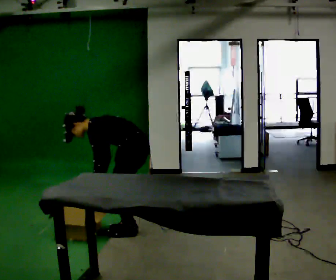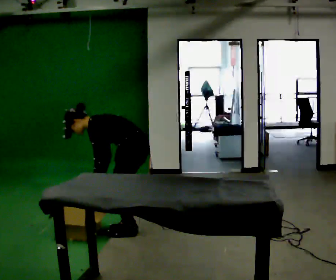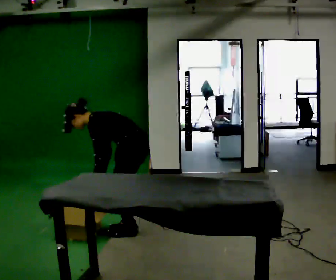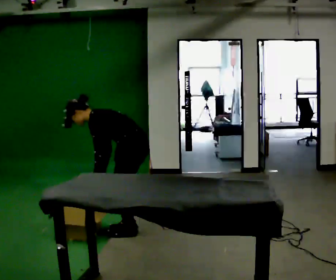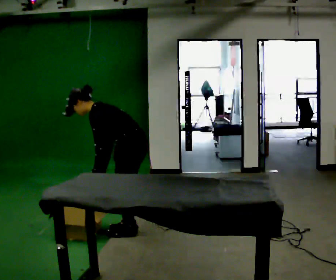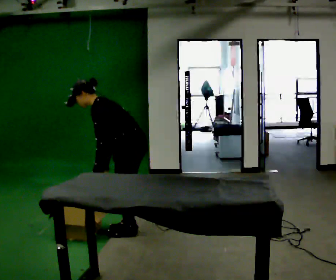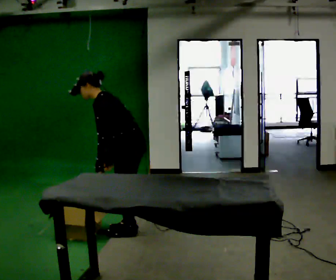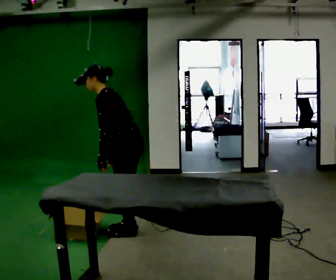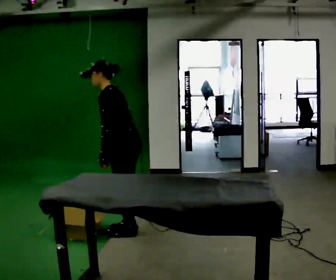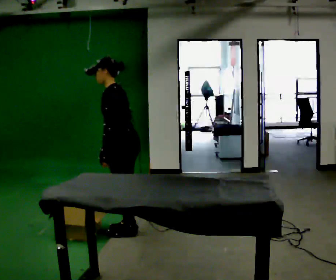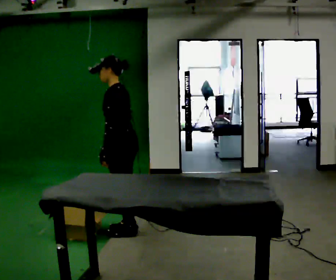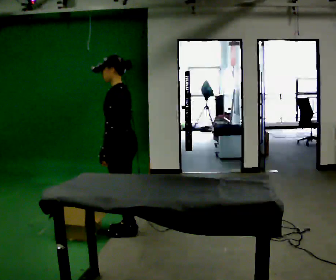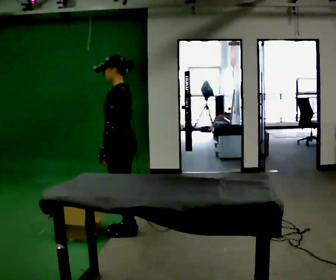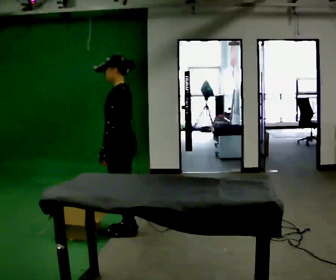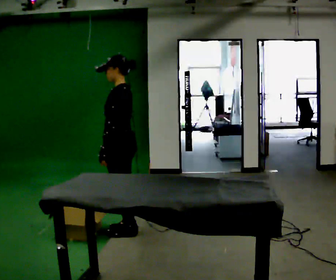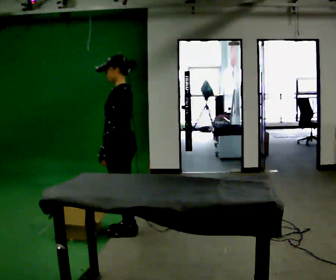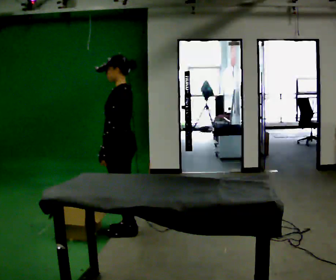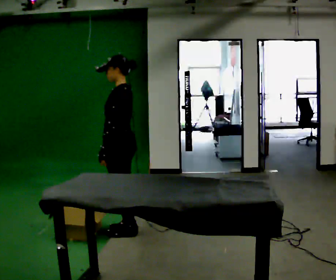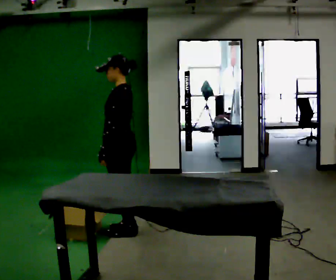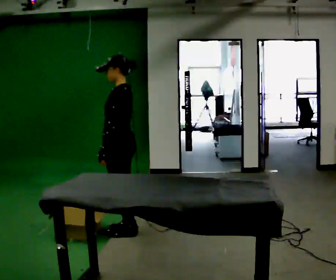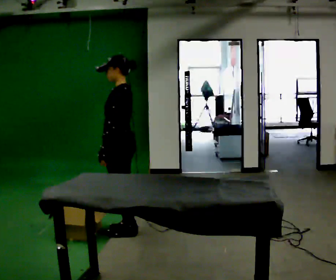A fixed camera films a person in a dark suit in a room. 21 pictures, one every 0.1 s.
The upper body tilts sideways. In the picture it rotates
clockwise.
The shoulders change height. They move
upward.
0.0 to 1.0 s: The upper body goes upward. In the picture the upper body tilts clockwise, shoulders to the right, as they lean back or straighten. In the picture their left hand goes upward.
1.0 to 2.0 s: The person moves a little, or ends about where they began.
The film runs backward here.
